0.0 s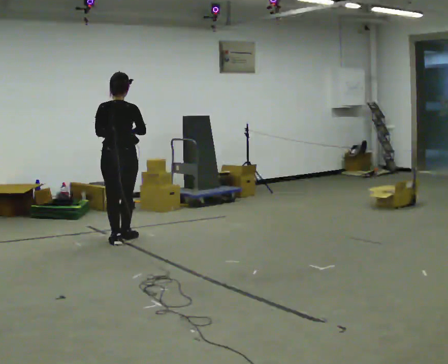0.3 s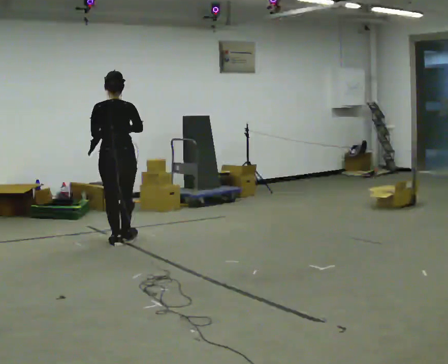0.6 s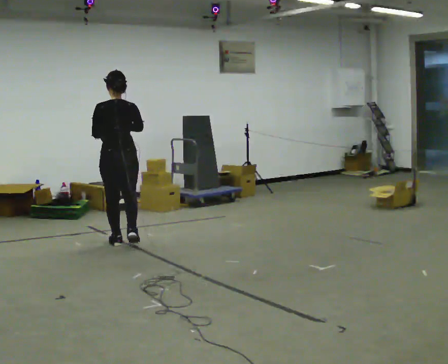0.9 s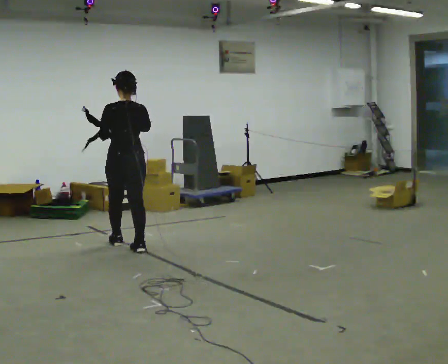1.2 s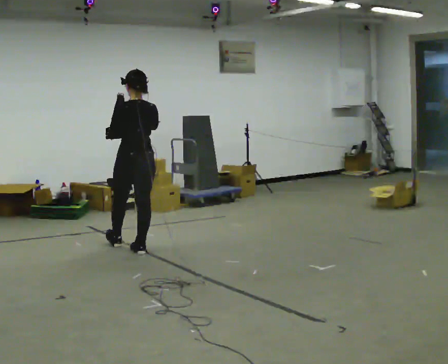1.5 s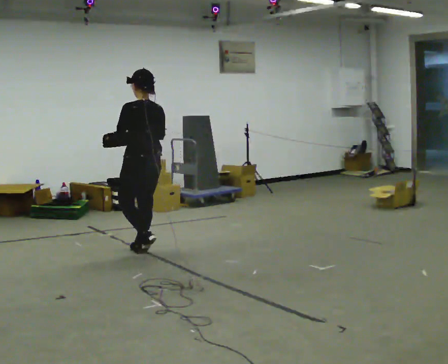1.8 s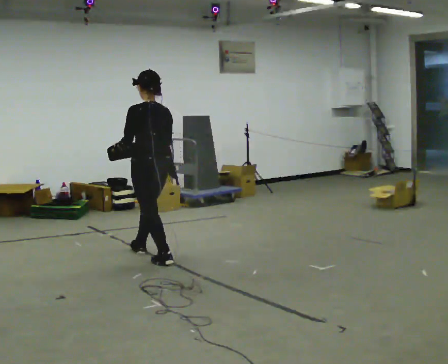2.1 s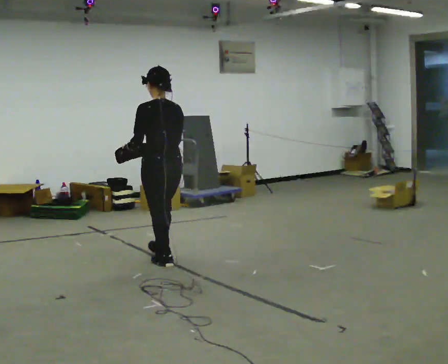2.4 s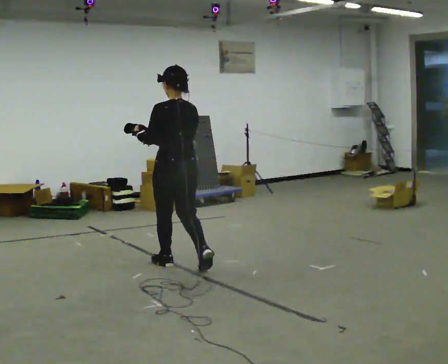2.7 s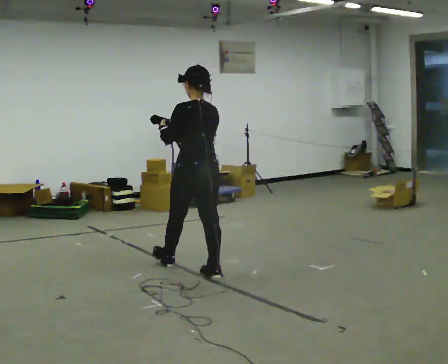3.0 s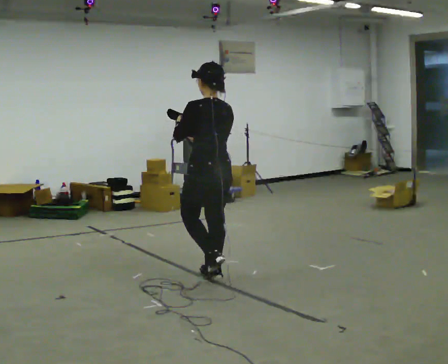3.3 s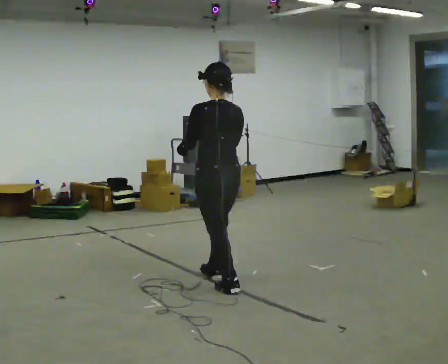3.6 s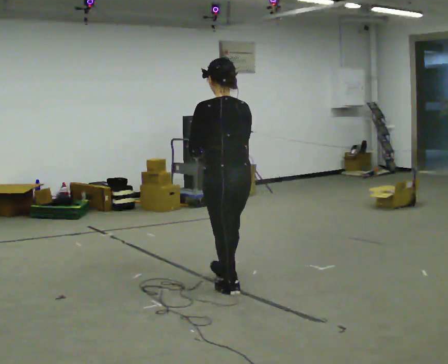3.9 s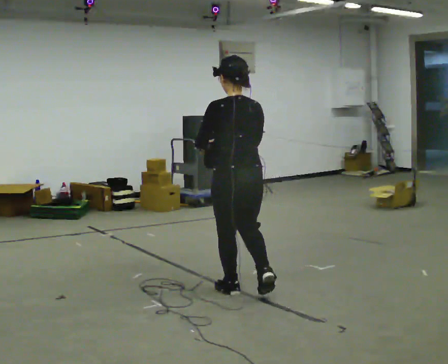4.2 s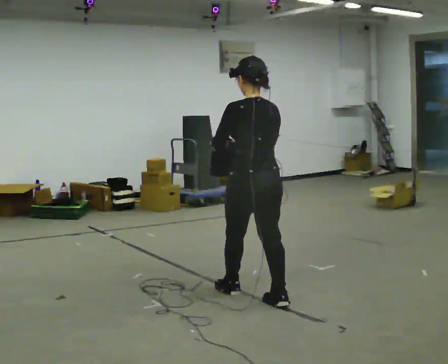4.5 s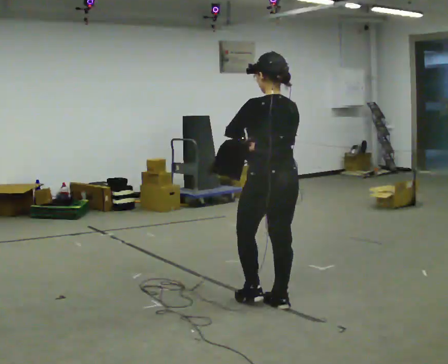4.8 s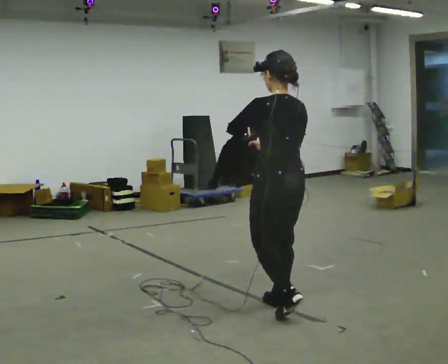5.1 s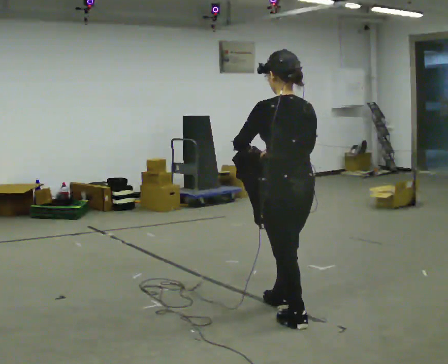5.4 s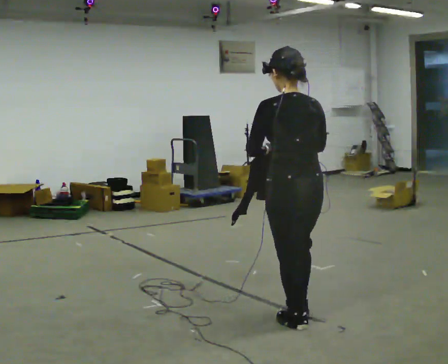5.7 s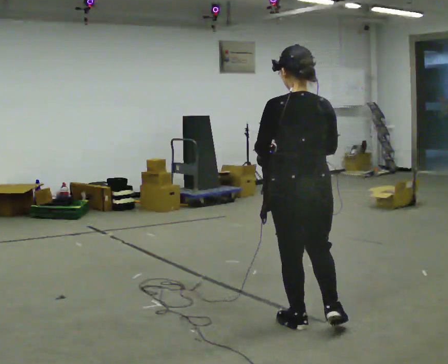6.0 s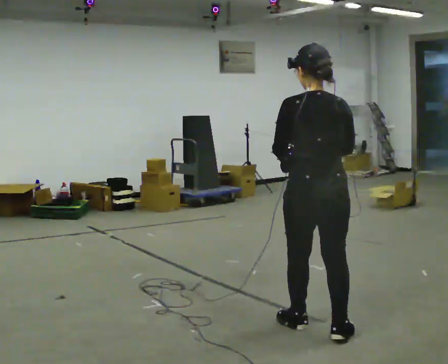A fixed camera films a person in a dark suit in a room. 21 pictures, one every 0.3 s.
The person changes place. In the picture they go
toward the camera.
0.0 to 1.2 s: The person turns about 30 degrees to their left, counterclockwise seen from above, so the part of the body nearest the lens slides to the right. In the picture they go toward the camera and to the right, about 0.5 m in 2 steps, which for them is backward.
1.2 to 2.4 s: In the picture they go toward the camera and to the right, about 0.75 m in 1 step, which for them is backward.
2.4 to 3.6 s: In the picture they go toward the camera and to the right, about 0.5 m in 2 steps, which for them is backward.
3.6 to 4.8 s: In the picture they go toward the camera and to the right, about 0.5 m in 1 step, which for them is backward.
4.8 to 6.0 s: The person turns about 30 degrees to their right, clockwise seen from above, so the part of the body nearest the lens slides to the left. In the picture they go toward the camera and to the right, about 0.5 m in 1 step, which for them is backward.
The film runs backward here.
